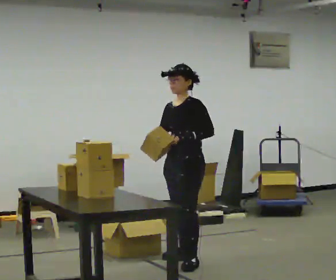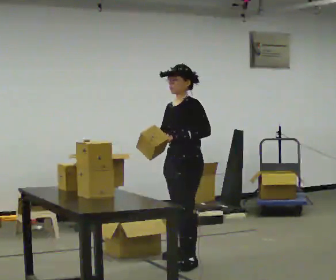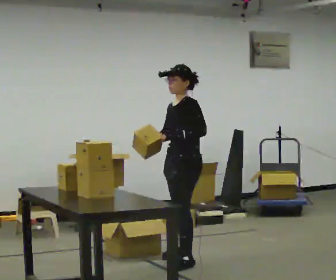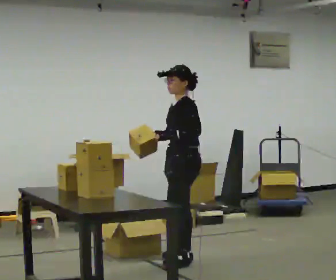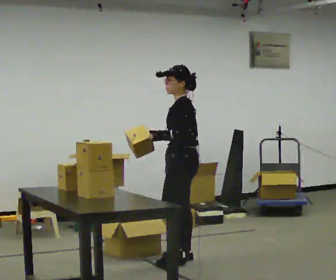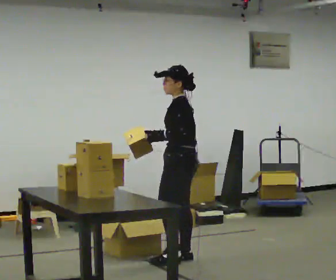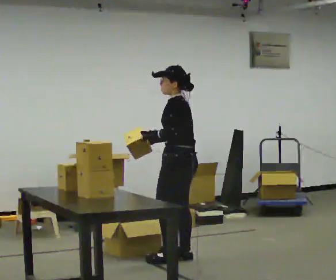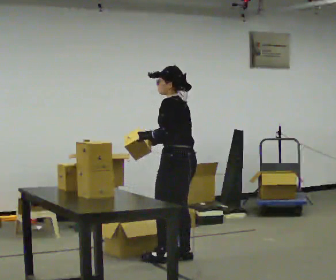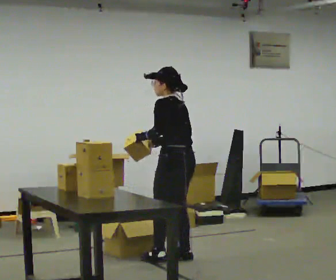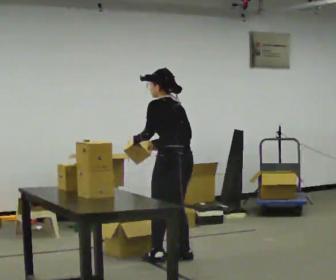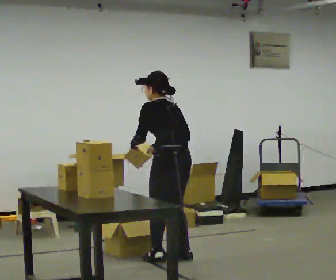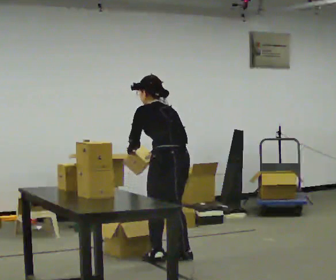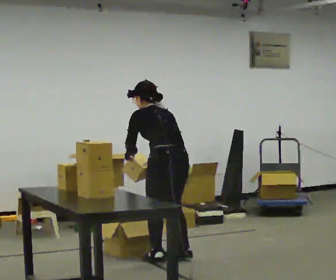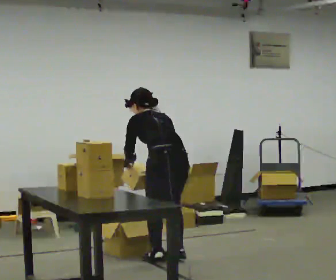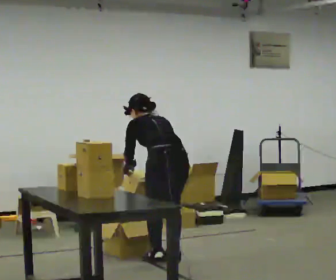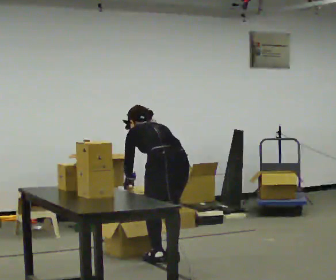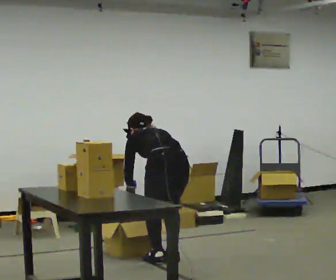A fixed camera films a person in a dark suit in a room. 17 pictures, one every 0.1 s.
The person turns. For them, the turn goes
to their right.
The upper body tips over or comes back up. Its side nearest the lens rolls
upward.
0.0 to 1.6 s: The person turns about 90 degrees to their right, clockwise seen from above, so the part of the body nearest the lens slides to the left. The shoulders move downward. The upper body tips away from the camera, its near side rolling upward, as they bend forward. In the picture their left hand goes to the left and downward.
The film runs backward here.
